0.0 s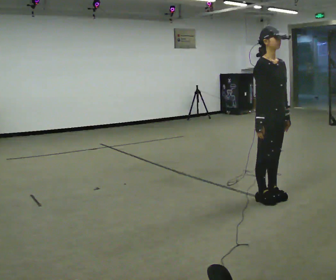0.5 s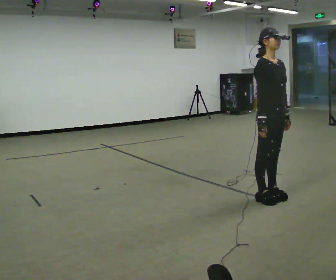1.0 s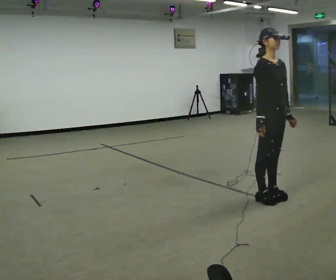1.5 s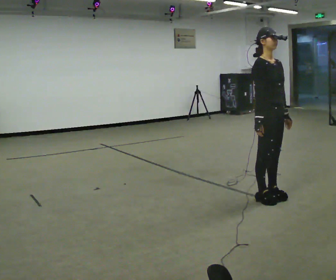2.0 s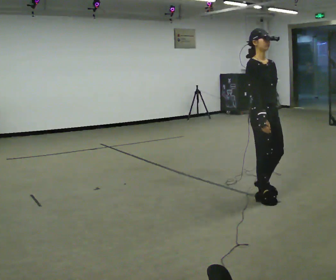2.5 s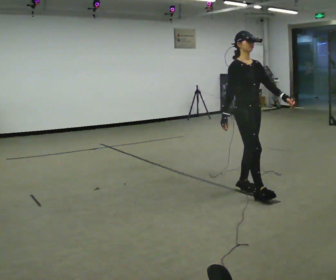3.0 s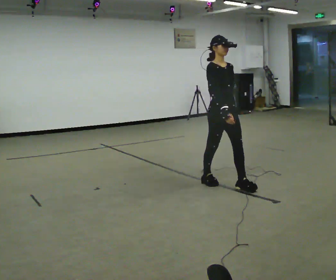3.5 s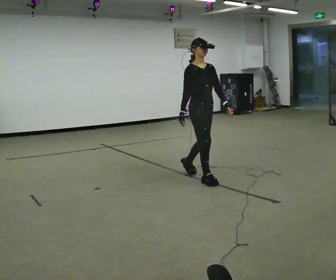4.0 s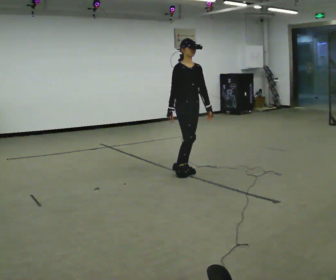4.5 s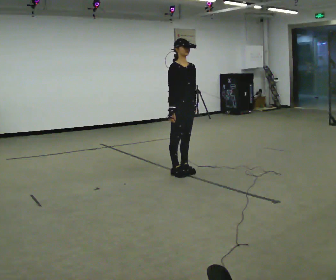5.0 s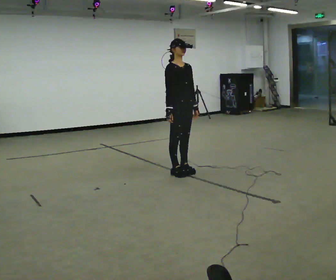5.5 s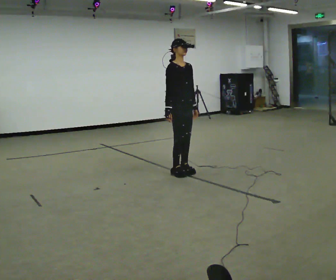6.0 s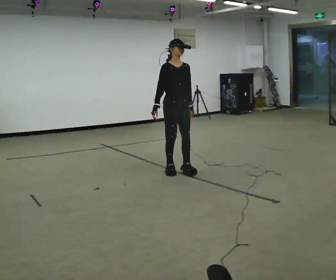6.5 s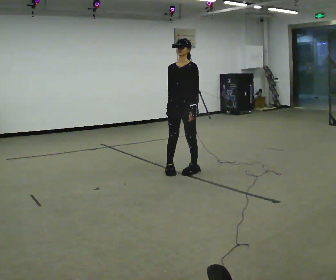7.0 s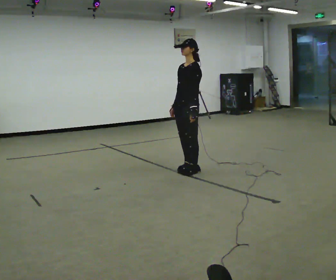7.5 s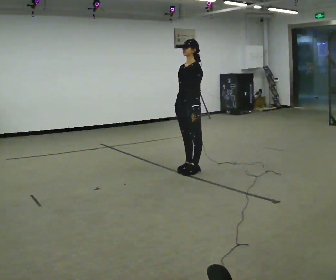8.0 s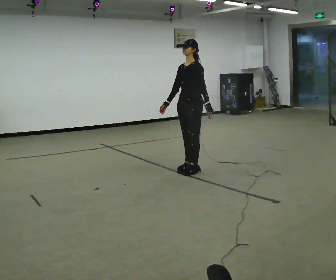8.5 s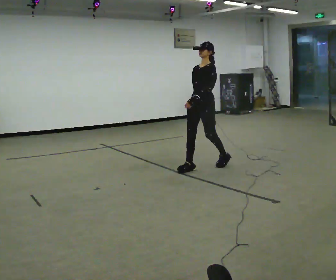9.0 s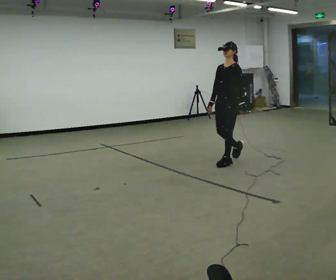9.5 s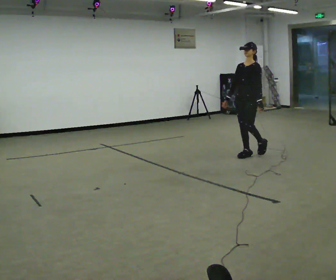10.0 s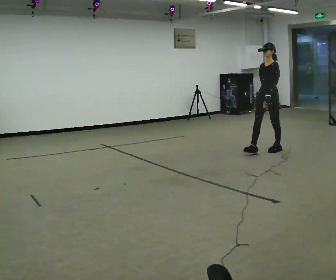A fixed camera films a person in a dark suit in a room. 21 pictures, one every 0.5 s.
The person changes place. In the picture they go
away from the camera.
0.0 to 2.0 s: The person moves a little, or ends about where they began.
2.0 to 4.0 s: In the picture they go away from the camera and to the left, about 1 m in 3 steps, which for them is backward.
4.0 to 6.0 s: The person moves a little, or ends about where they began.
6.0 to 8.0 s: Seen from above the body turns clockwise, about 90 degrees: to their right, with its near side sliding to the left. In the picture they go to the right, about 0.25 m in 1 step.
8.0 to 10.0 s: In the picture they go to the right and away from the camera, about 1.5 m in 4 steps, which for them is backward.
The film runs backward here.
